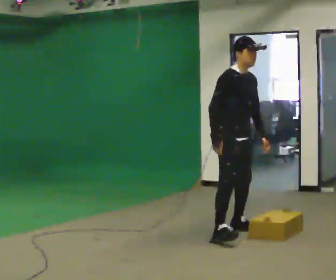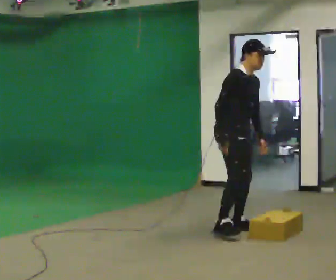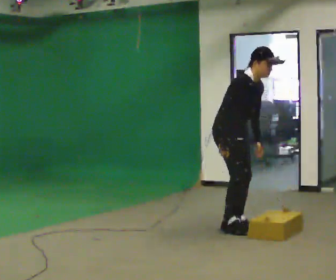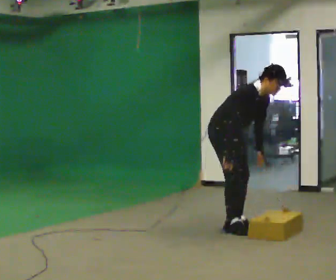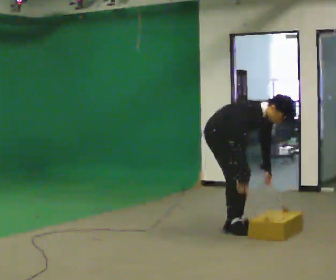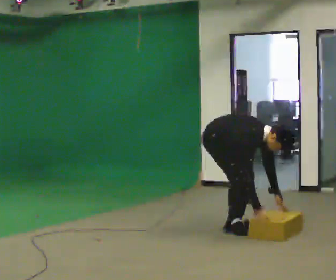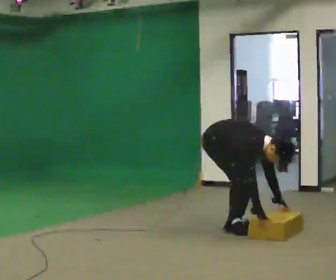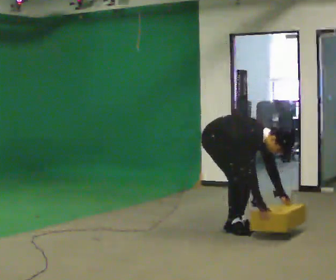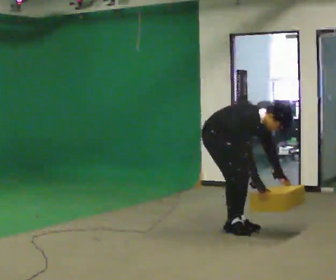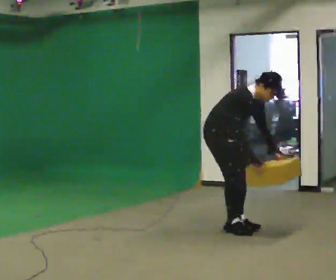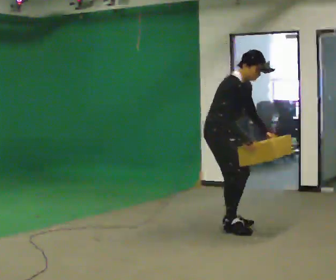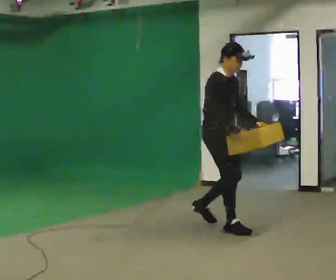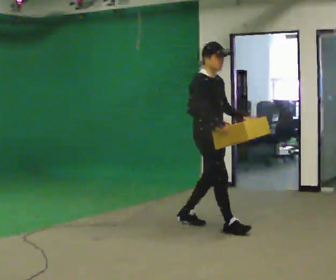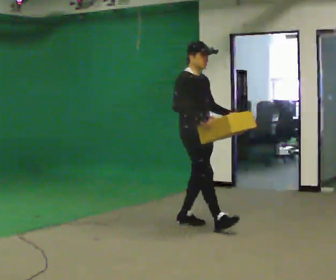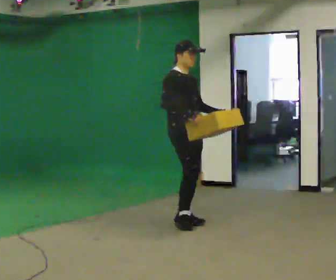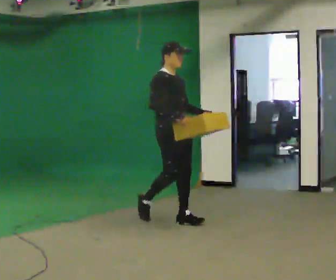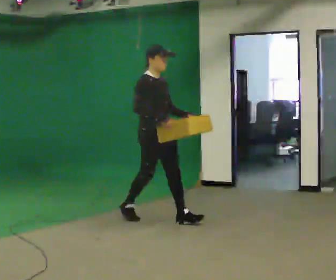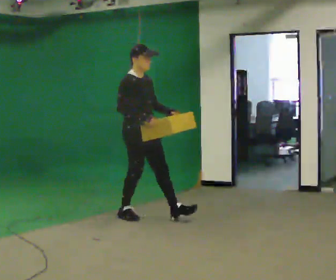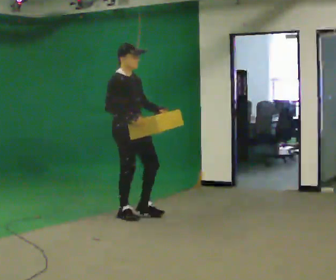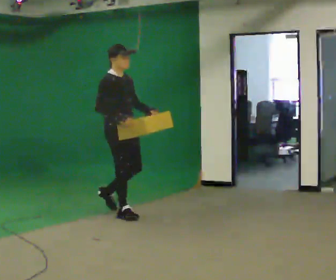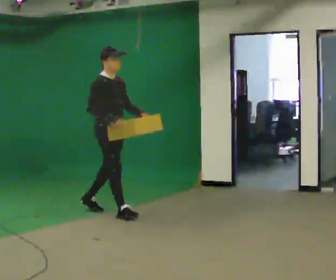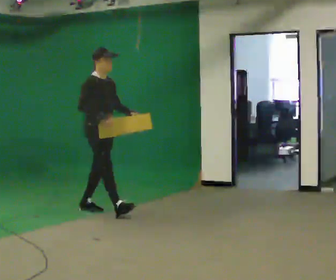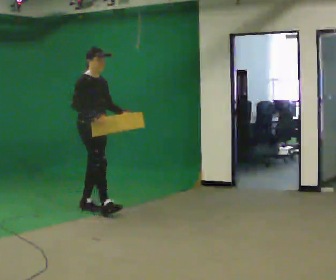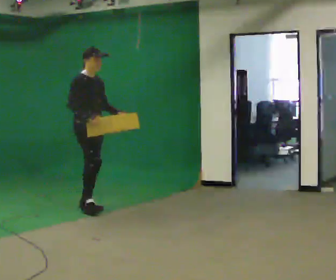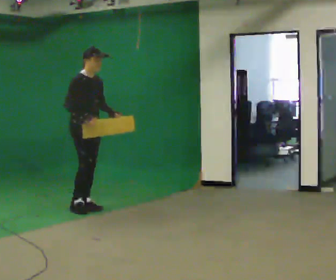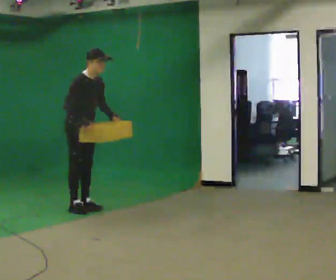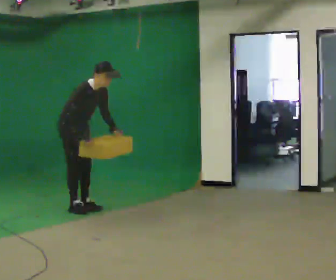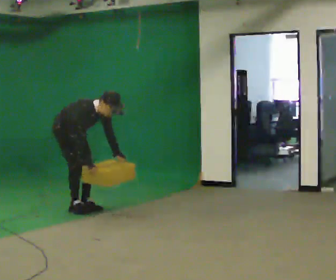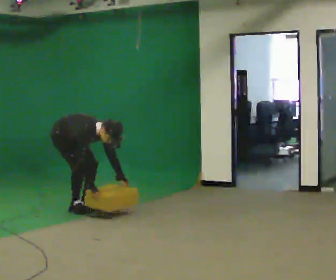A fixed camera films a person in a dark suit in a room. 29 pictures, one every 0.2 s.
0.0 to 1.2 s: In the picture they go away from the camera, about 0.25 m, which for them is backward and to their left. The shoulders move downward. In the picture the upper body tilts clockwise, shoulders to the right, as they bend forward. In the picture their right hand goes downward and to the right.
1.2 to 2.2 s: The shoulders move upward. In the picture the upper body tilts counterclockwise, shoulders to the left, as they lean back or straighten. In the picture their right hand goes upward.
2.2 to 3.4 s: In the picture they go to the left and away from the camera, about 1 m in 2 steps, which for them is backward.
3.4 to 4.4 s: In the picture they go to the left and away from the camera, about 0.75 m in 1 step, which for them is backward.
4.4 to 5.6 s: In the picture they go to the left, about 0.25 m, which for them is backward. The upper body goes downward. In the picture the upper body tilts clockwise, shoulders to the right, as they bend forward. In the picture their right hand goes downward.
The film runs backward here.
